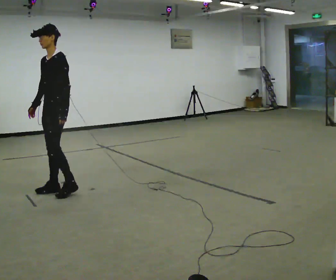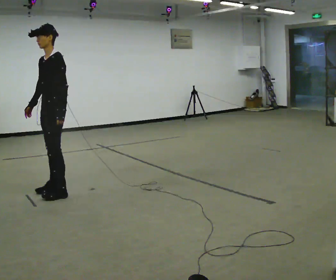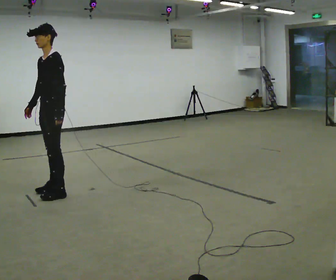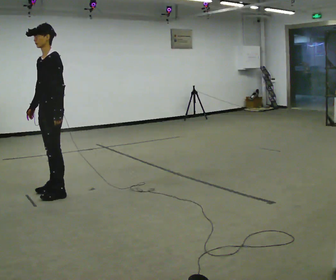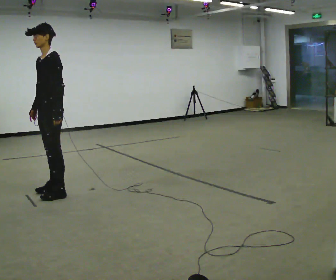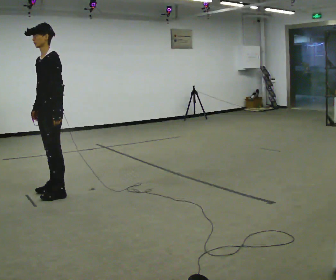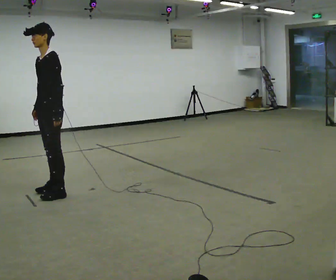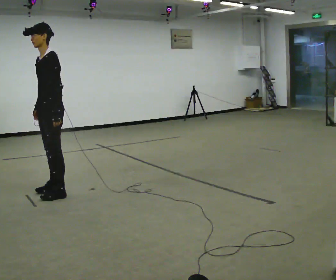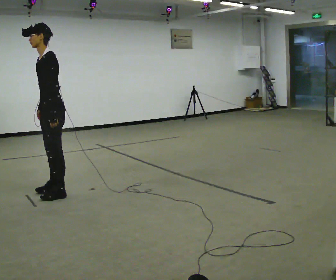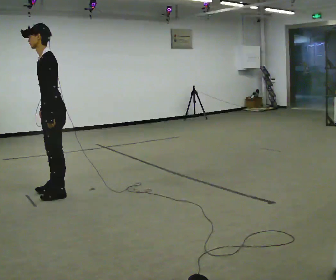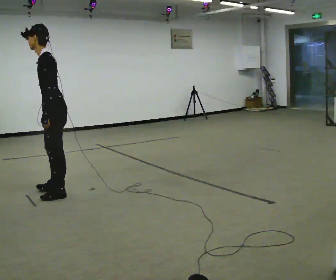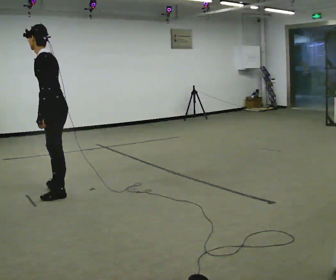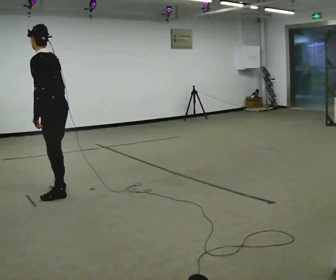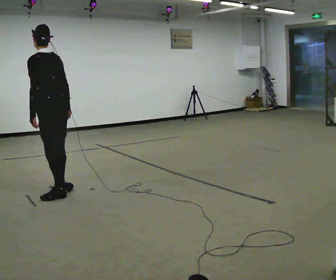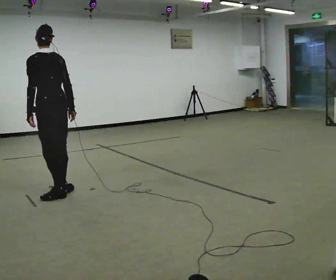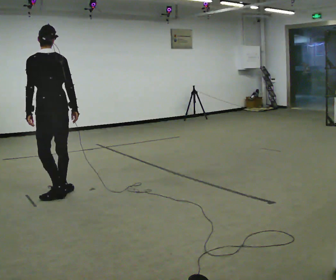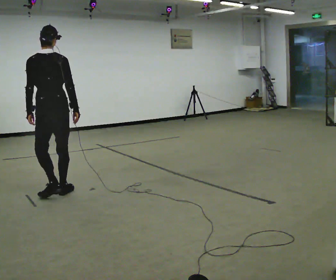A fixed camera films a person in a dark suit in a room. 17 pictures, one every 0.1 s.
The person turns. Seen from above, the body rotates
clockwise.
Their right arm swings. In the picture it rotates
counterclockwise.
0.0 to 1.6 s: Seen from above the body turns clockwise, about 120 degrees: to their right, with its near side sliding to the left. In the picture their right hand goes to the right, the arm swinging counterclockwise.
The film runs forward here.
